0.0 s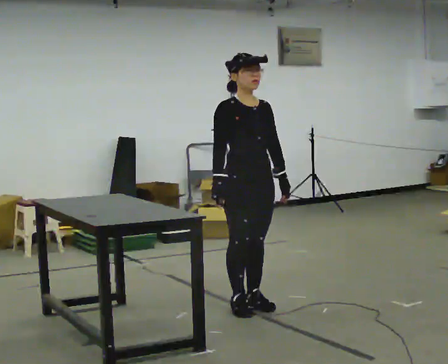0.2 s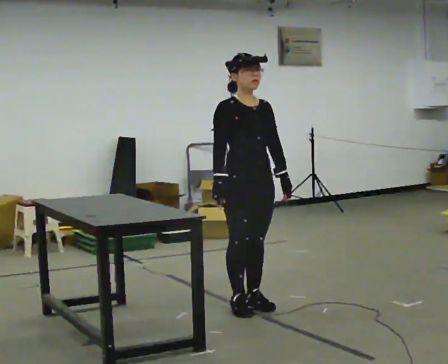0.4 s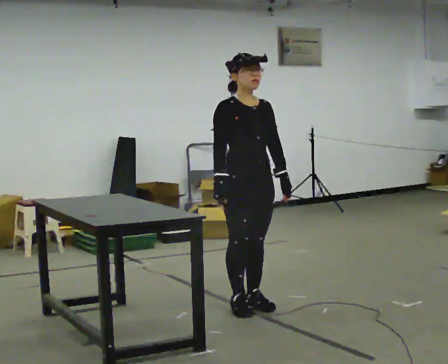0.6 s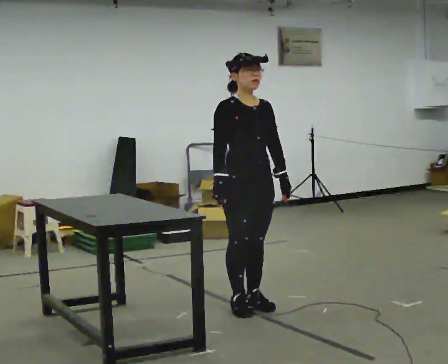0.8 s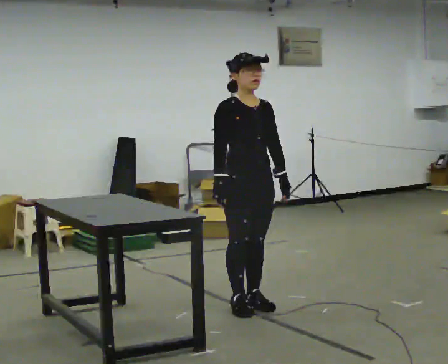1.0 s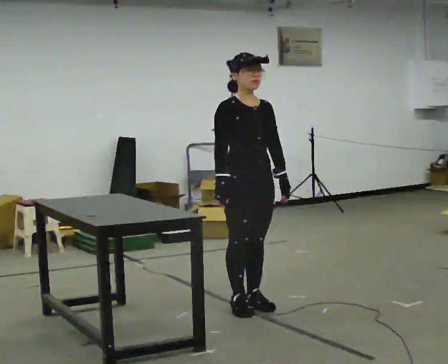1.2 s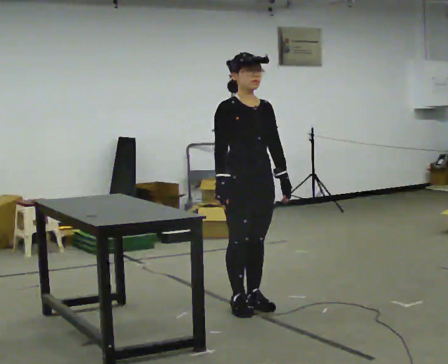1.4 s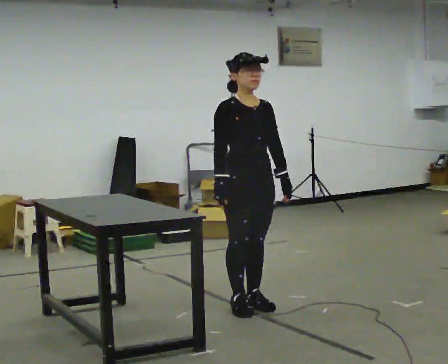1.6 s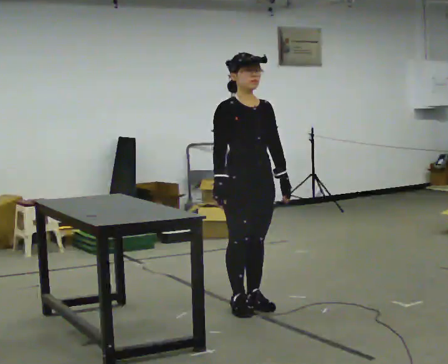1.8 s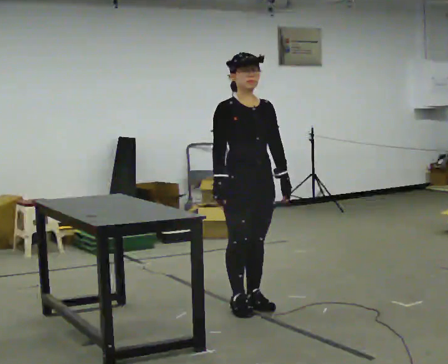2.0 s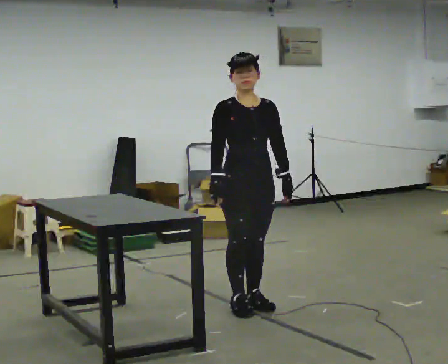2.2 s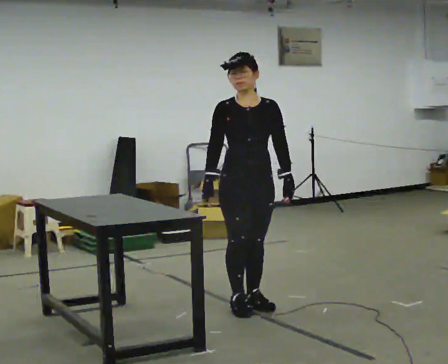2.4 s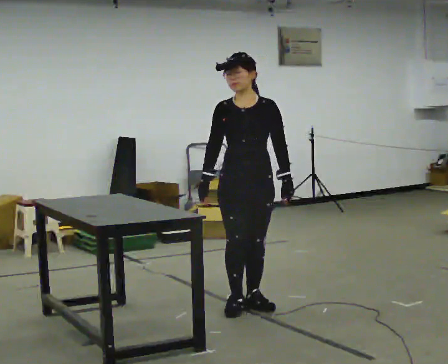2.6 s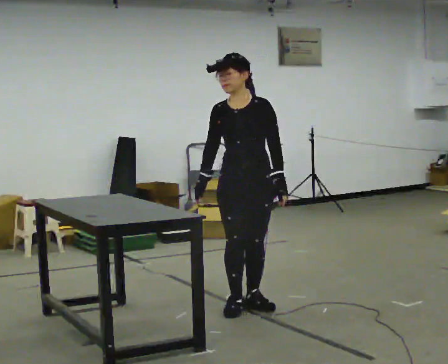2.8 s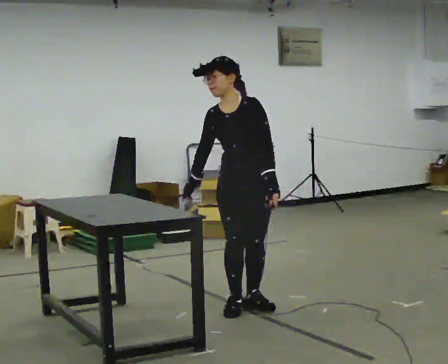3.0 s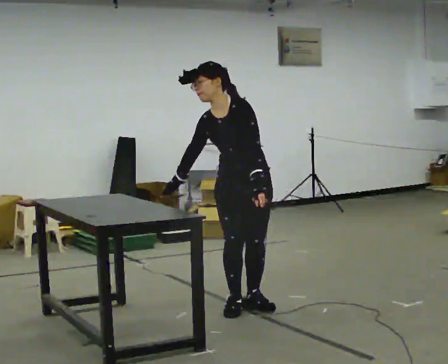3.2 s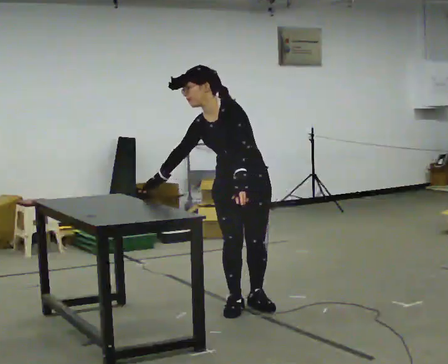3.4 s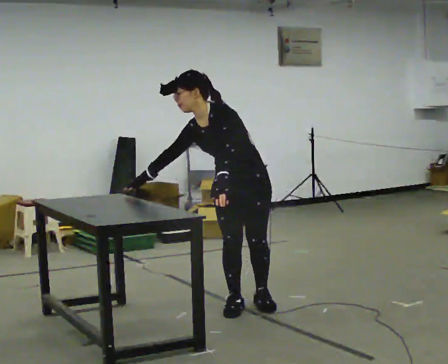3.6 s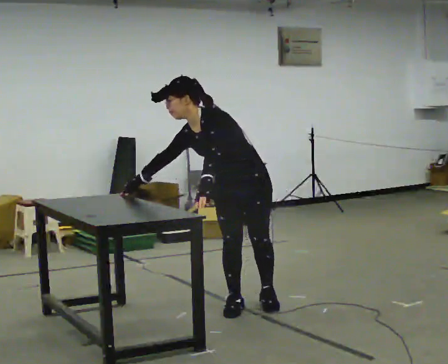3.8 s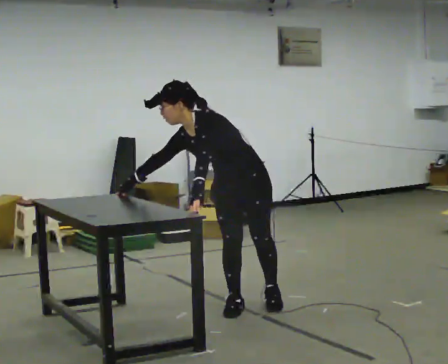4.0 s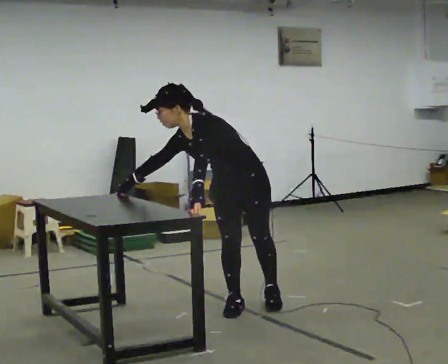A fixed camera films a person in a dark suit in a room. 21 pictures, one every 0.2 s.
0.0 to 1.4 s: The person moves a little, or ends about where they began.
1.4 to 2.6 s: The part of the body nearest the lens slides to the left as the person turns to their right by about 45 degrees.
2.6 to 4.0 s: In the picture the upper body tilts counterclockwise, shoulders to the left, as they bend forward. In the picture their left hand goes to the left.
The film runs forward here.
